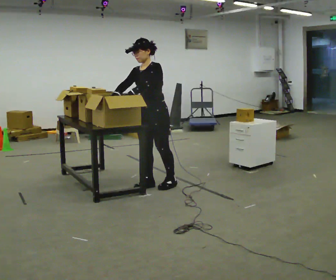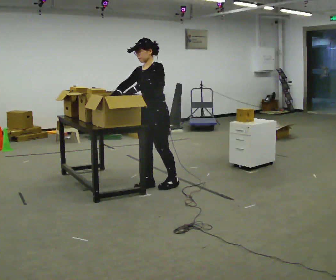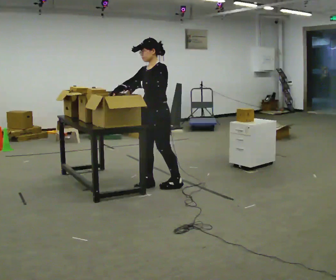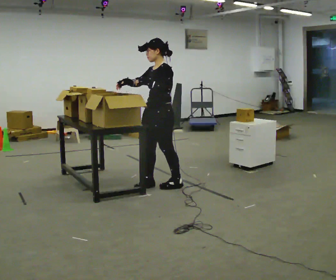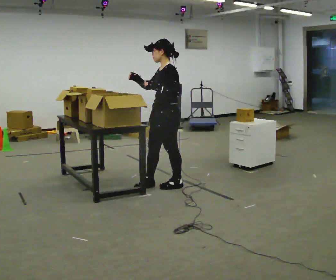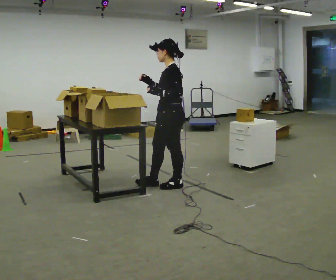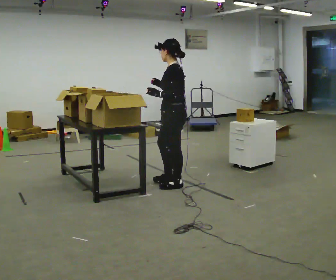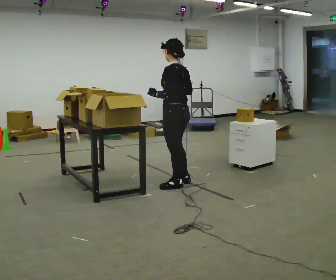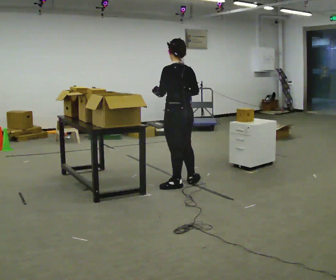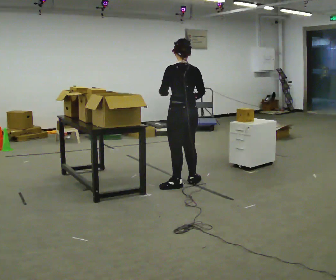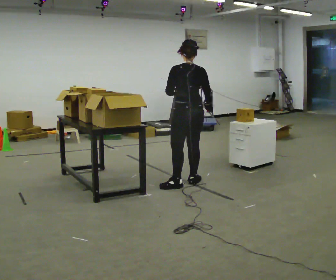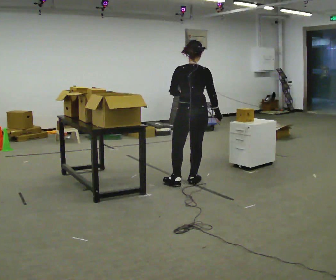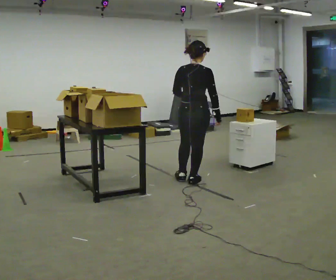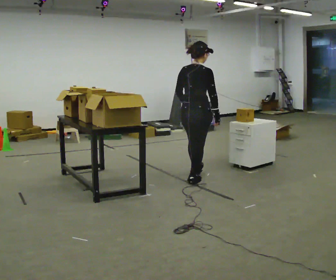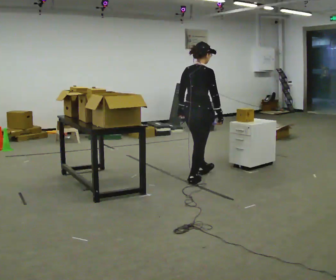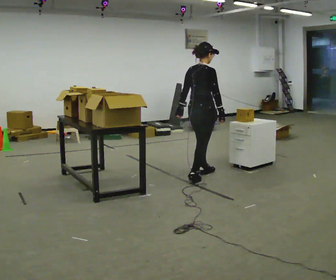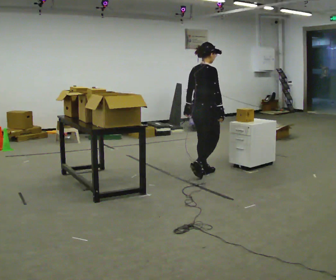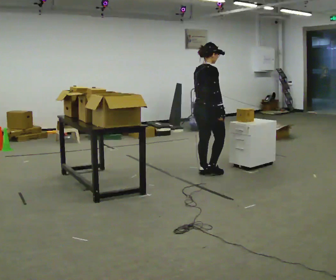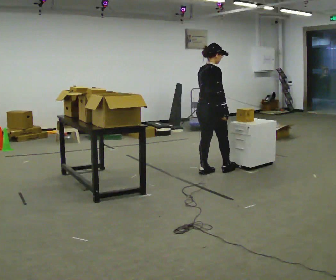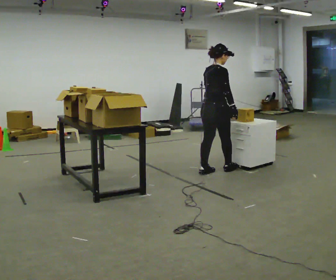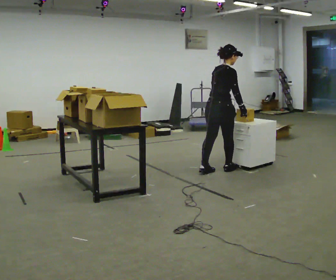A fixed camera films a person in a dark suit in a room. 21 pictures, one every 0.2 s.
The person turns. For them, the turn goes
to their right.
The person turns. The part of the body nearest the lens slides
to the left.
0.0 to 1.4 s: The part of the body nearest the lens slides to the left as the person turns to their right by about 75 degrees. In the picture they go to the right, about 0.25 m.
1.4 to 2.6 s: The person turns about 90 degrees to their right, clockwise seen from above, so the part of the body nearest the lens slides to the left. In the picture they go away from the camera and to the right, about 0.25 m in 1 step.
2.6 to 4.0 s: In the picture they go away from the camera and to the right, about 0.5 m in 2 steps, which for them is forward.
The film runs forward here.
